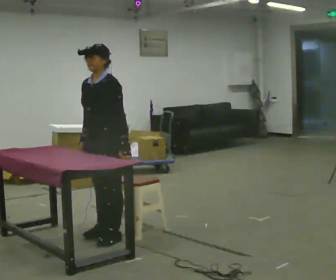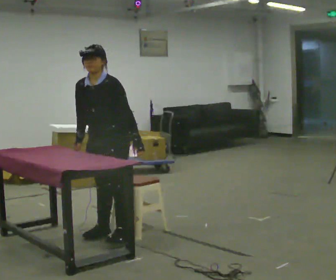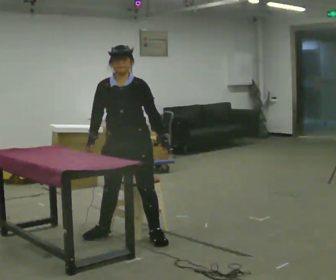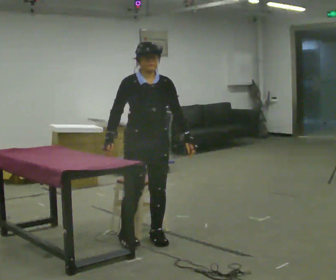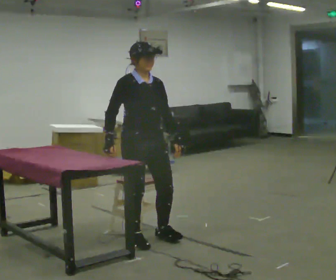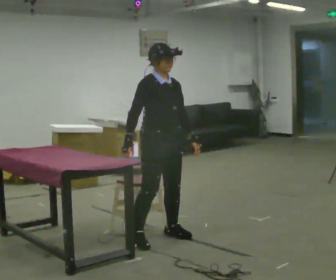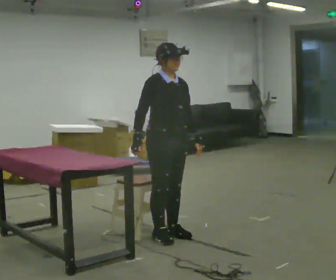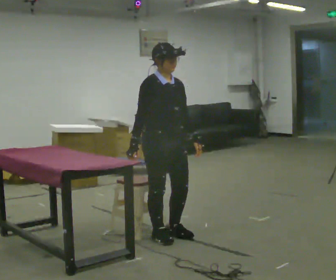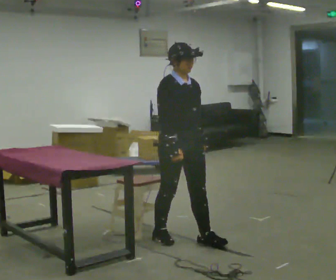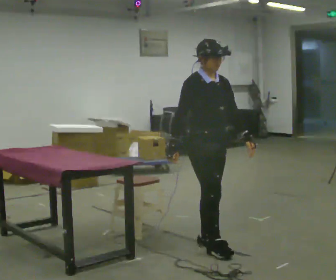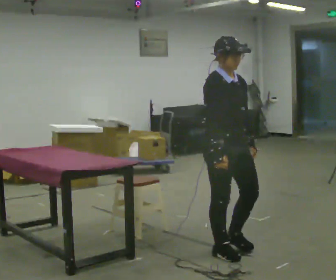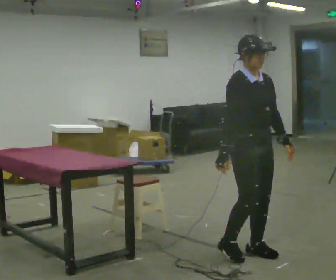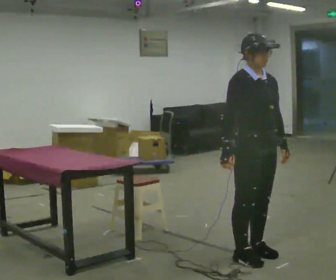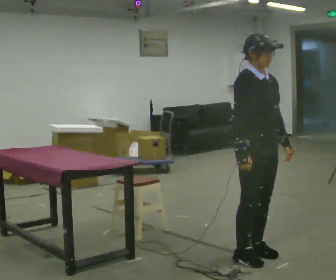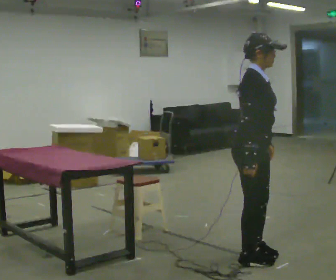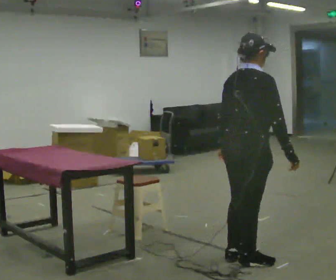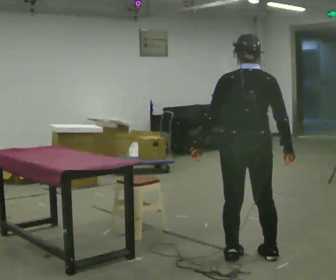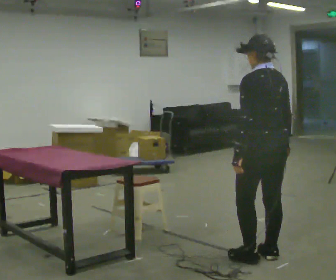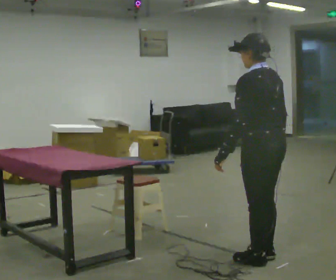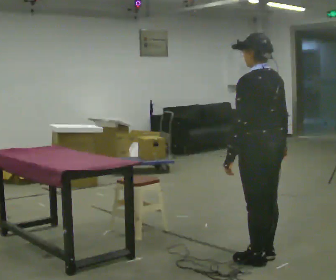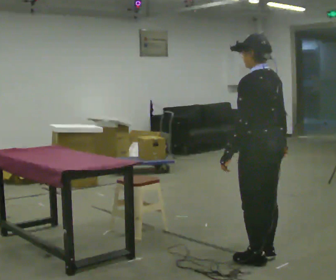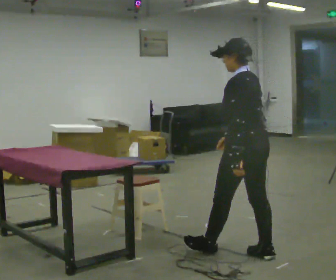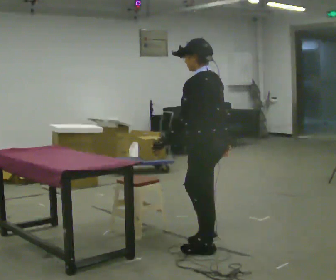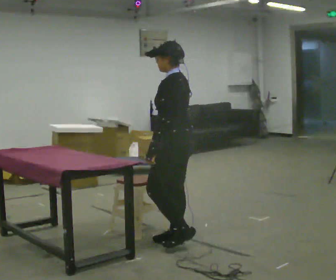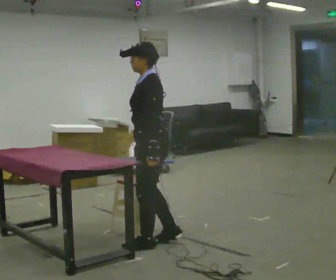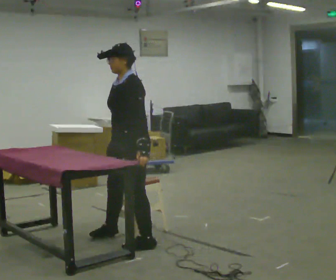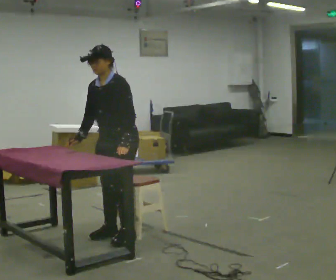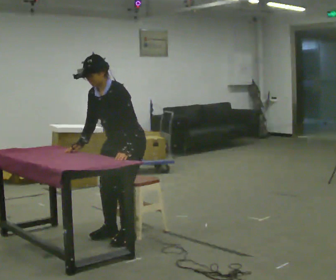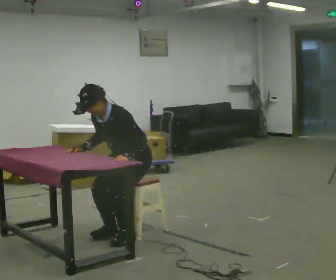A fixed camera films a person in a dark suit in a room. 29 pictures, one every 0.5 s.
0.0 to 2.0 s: The part of the body nearest the lens slides to the right as the person turns to their left by about 90 degrees. In the picture they go to the right, about 0.25 m in 2 steps.
2.0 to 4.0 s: In the picture they go to the right, about 0.25 m in 3 steps, which for them is to their left and forward.
4.0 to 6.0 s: In the picture they go to the right and toward the camera, about 0.75 m in 3 steps, which for them is forward.
6.0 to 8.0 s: Seen from above the body turns counterclockwise, about 135 degrees: to their left, with its near side sliding to the right. In the picture their left hand goes to the left, the arm swinging clockwise.
8.0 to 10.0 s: Seen from above the body turns counterclockwise, about 45 degrees: to their left, with its near side sliding to the right.
10.0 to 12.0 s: The part of the body nearest the lens slides to the right as the person turns to their left by about 45 degrees. In the picture they go to the left, about 1 m in 3 steps, which for them is forward.
12.0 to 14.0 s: The person turns about 45 degrees to their left, counterclockwise seen from above, so the part of the body nearest the lens slides to the right. In the picture they go away from the camera and to the left, about 0.25 m in 2 steps, which for them is to their right. The shoulders move downward. The upper body tips toward the camera, its near side rolling downward, as they bend forward.
The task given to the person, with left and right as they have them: Walk up to the chair at the table, sit down into the space, settle as if you were about to work there, then stand up and step away. Repeat the movement at your own pace until the operator says stop; do not rush.
The film runs forward here.
